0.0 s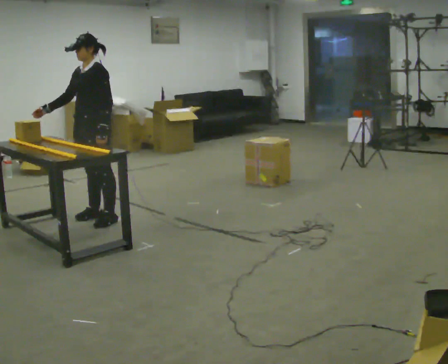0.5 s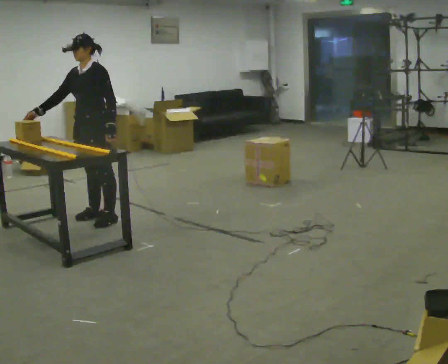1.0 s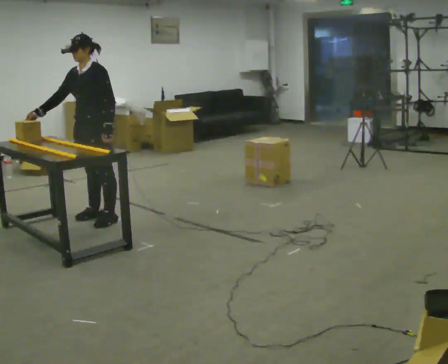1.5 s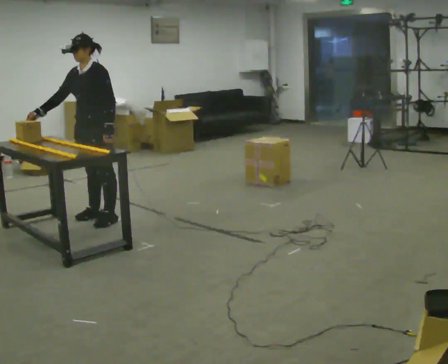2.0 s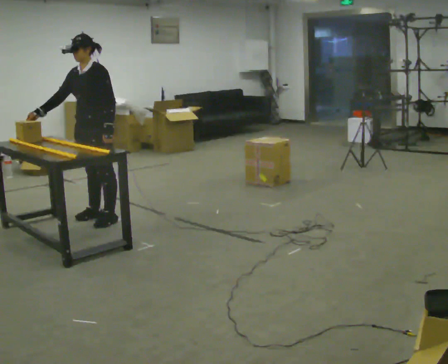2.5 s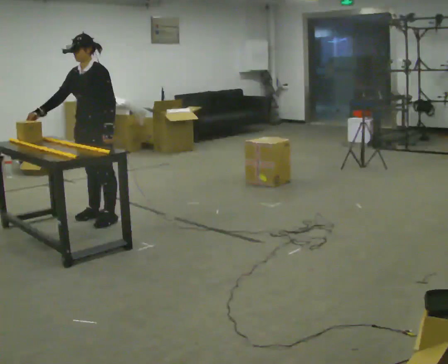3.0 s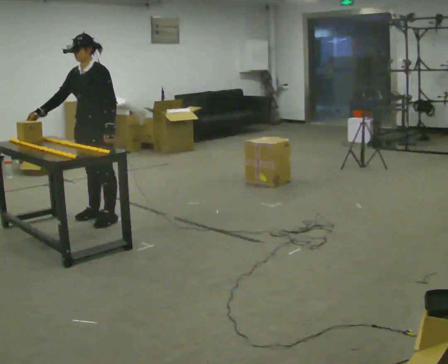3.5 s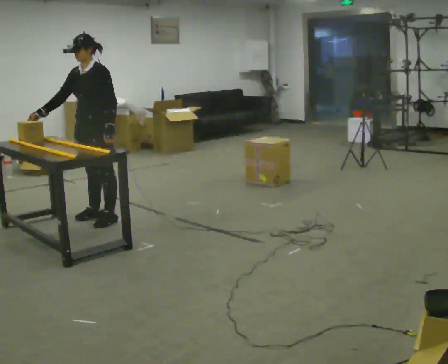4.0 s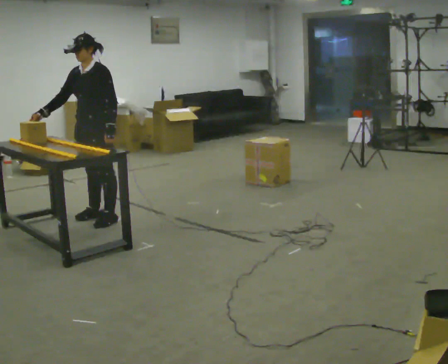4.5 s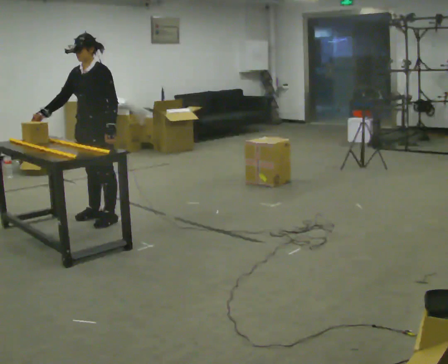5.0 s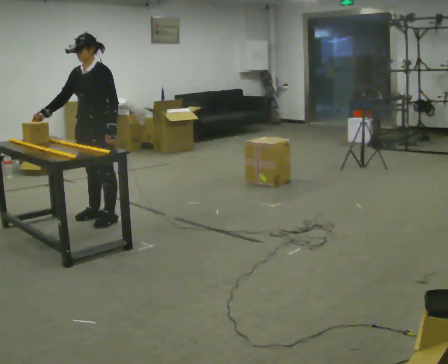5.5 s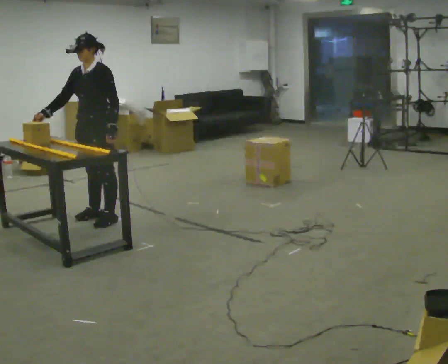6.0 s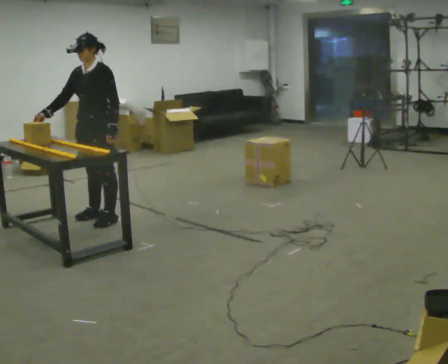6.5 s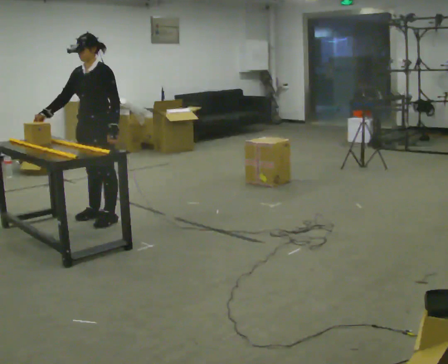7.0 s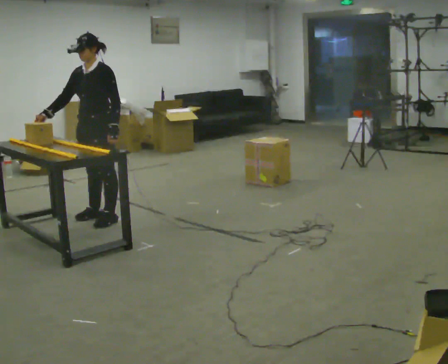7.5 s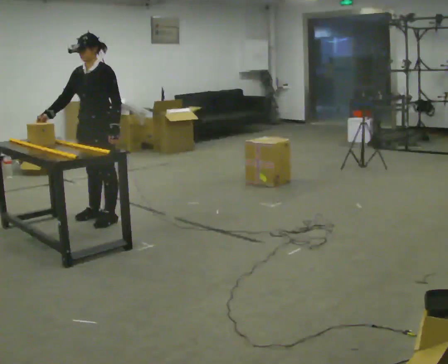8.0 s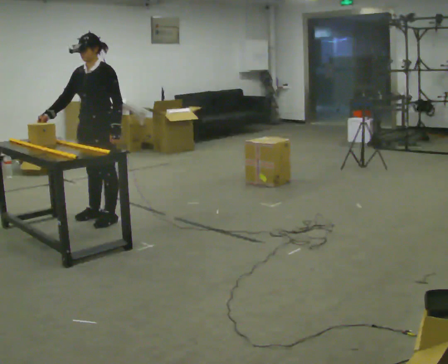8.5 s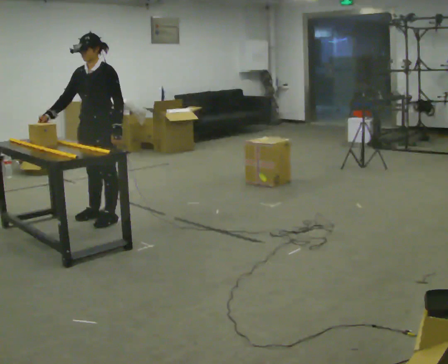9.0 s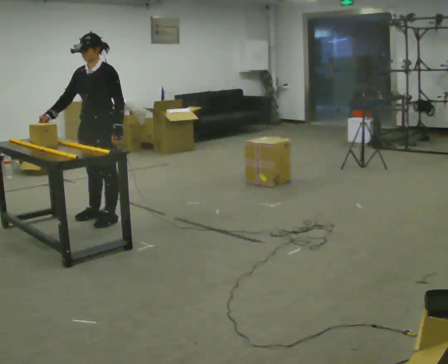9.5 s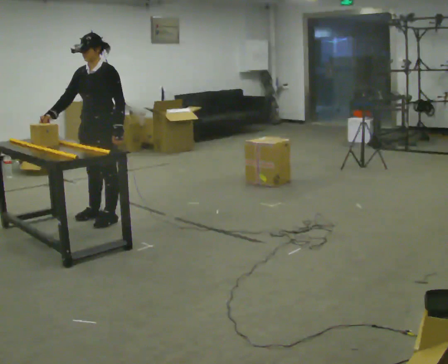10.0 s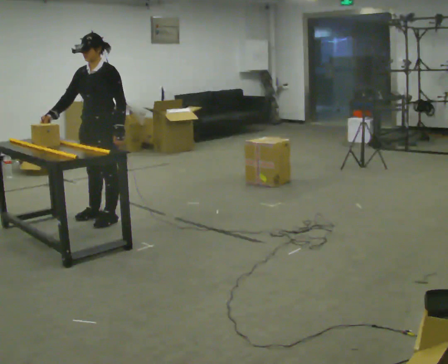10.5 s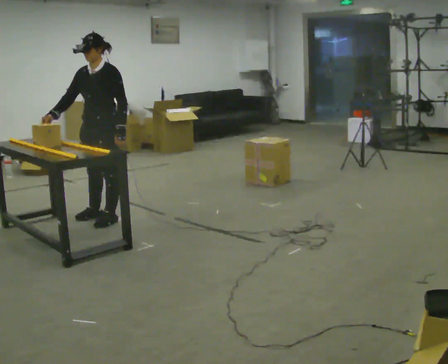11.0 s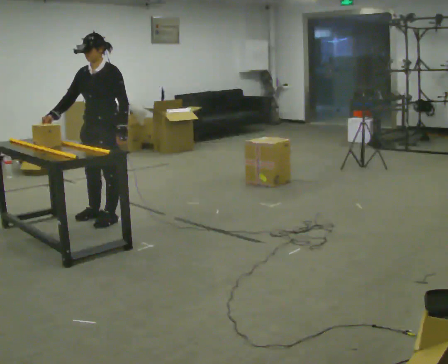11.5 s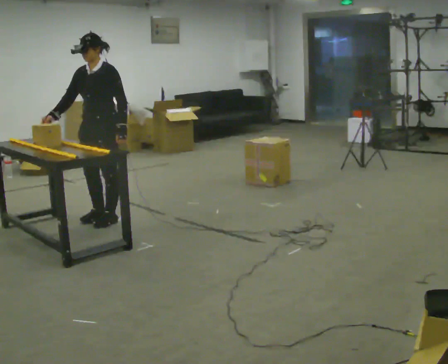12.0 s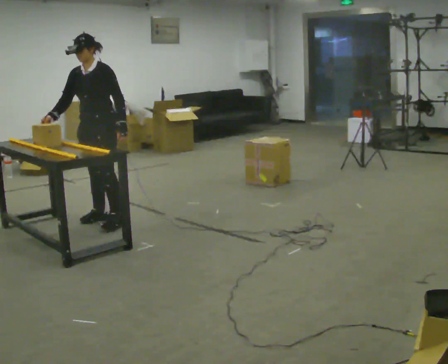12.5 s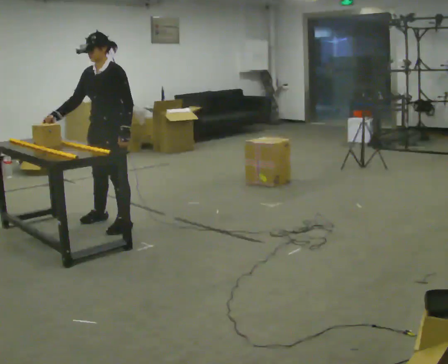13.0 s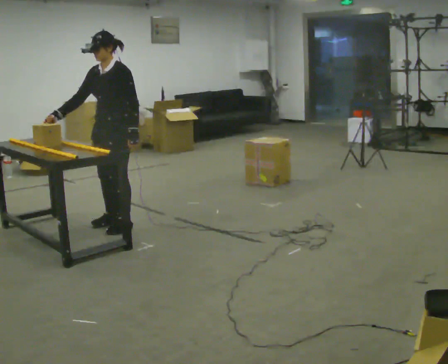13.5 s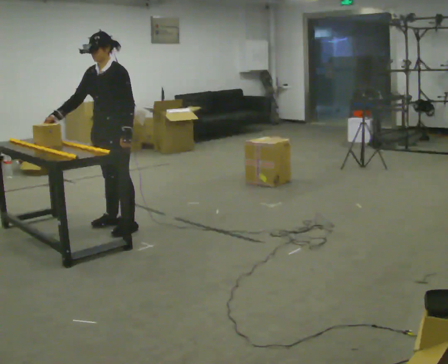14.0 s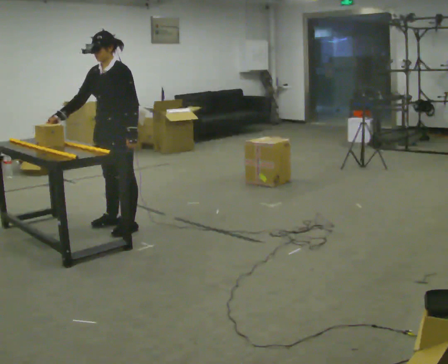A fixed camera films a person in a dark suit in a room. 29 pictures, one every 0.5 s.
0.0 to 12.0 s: The person moves a little, or ends about where they began.
12.0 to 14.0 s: In the picture they go toward the camera, about 0.25 m in 2 steps, which for them is to their left.
The film runs forward here.
